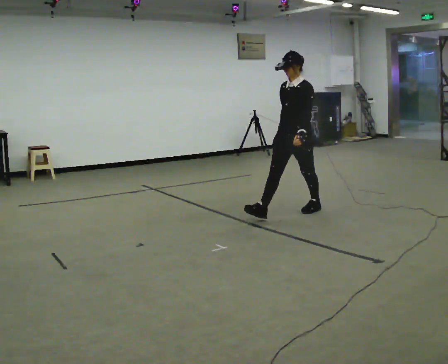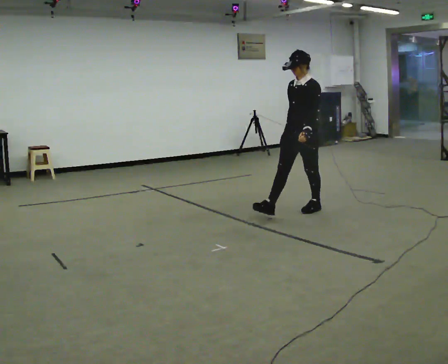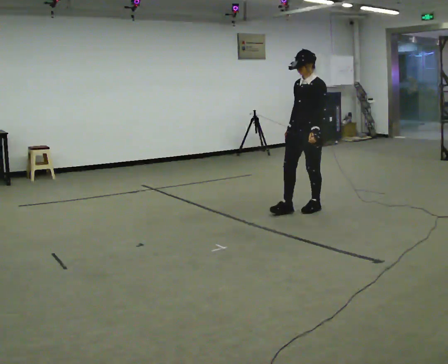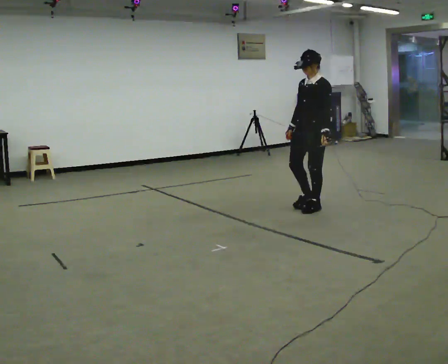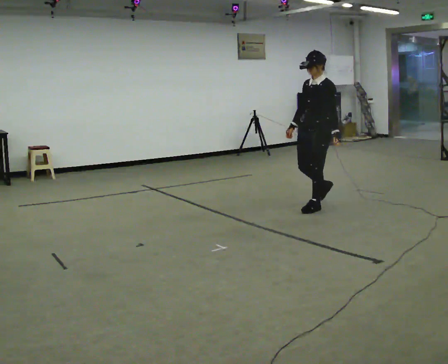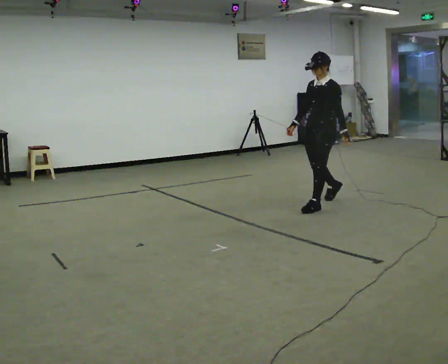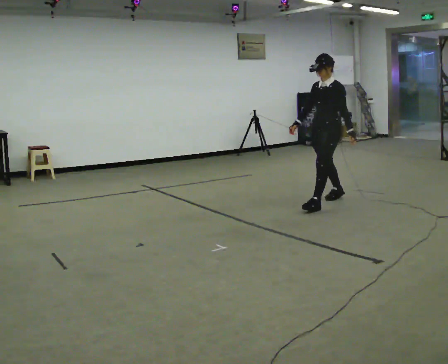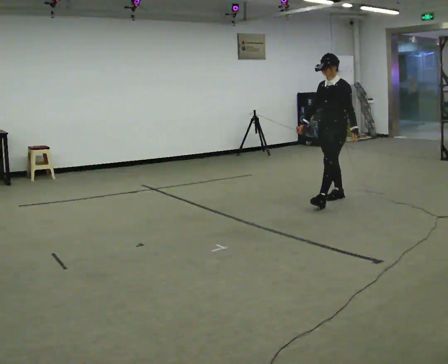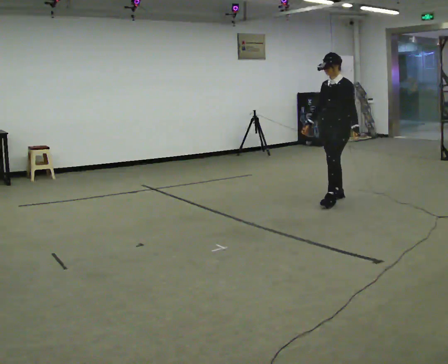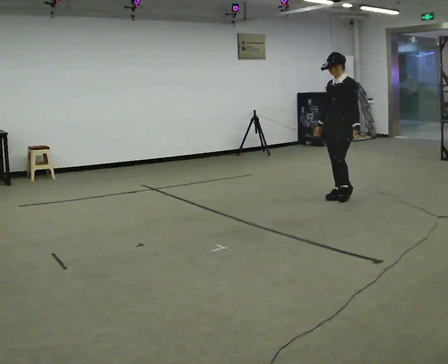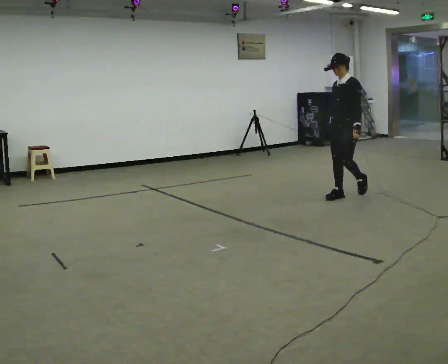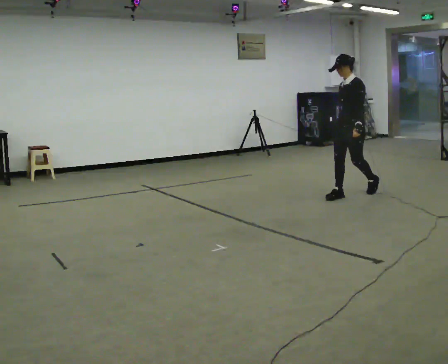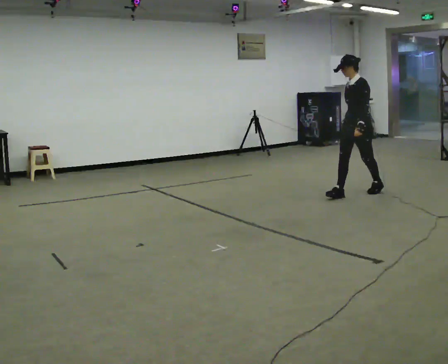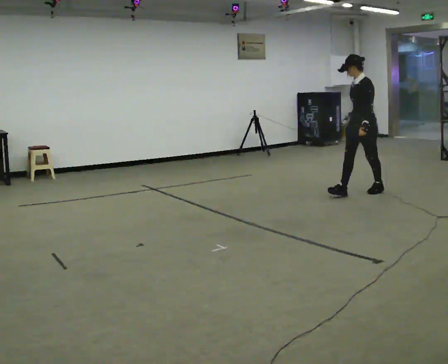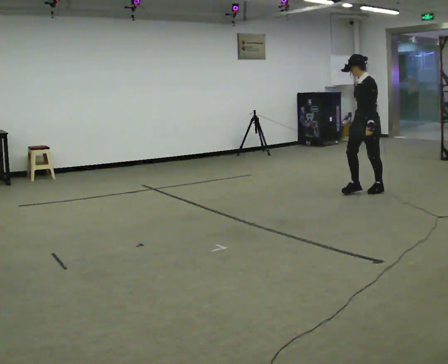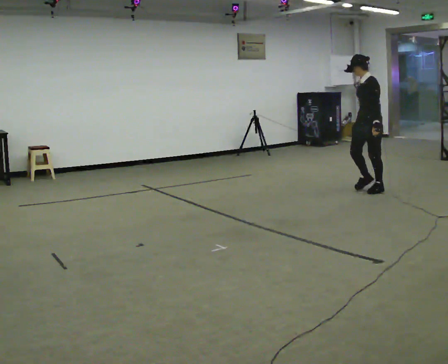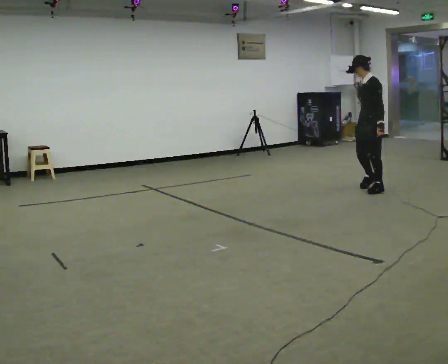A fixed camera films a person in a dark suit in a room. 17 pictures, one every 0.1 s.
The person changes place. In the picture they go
away from the camera.
0.0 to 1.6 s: The person turns about 30 degrees to their right, clockwise seen from above, so the part of the body nearest the lens slides to the left. In the picture they go away from the camera and to the right, about 1.5 m in 2 steps, which for them is backward.
The film runs backward here.
